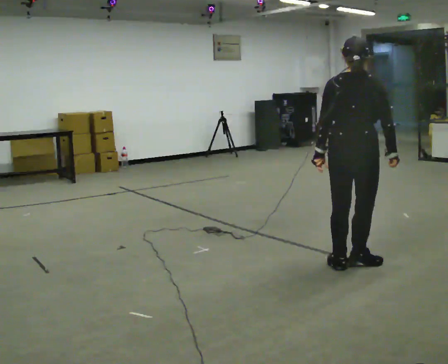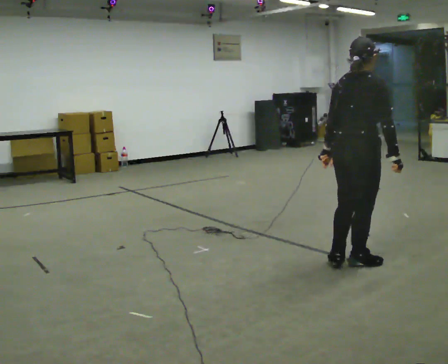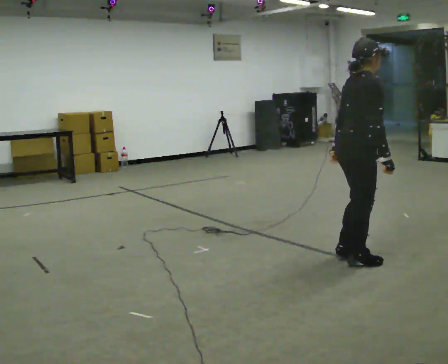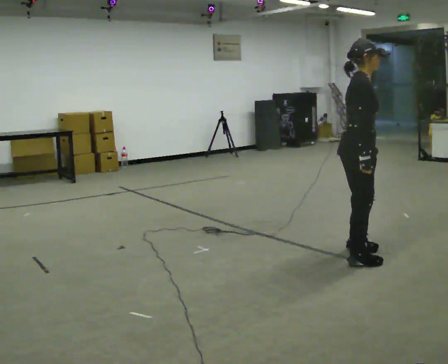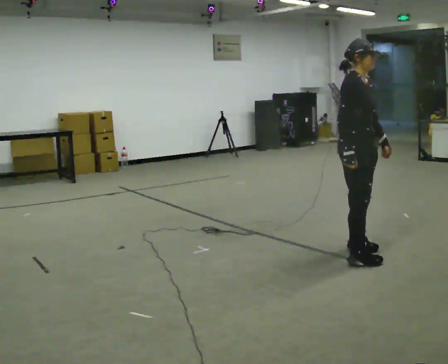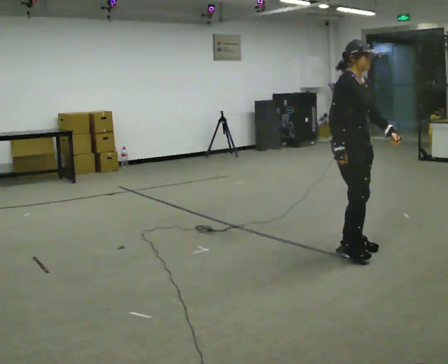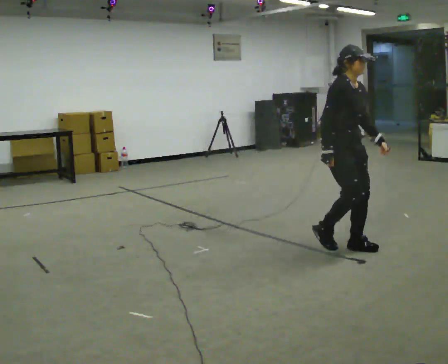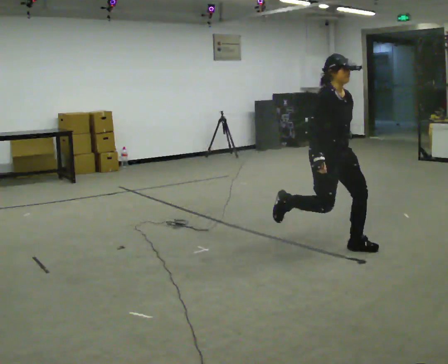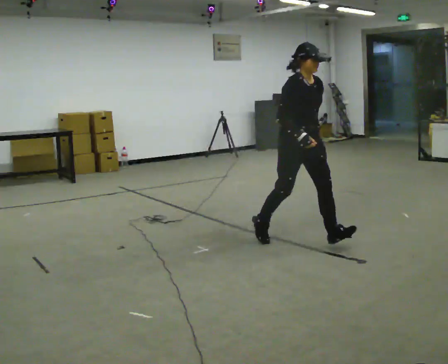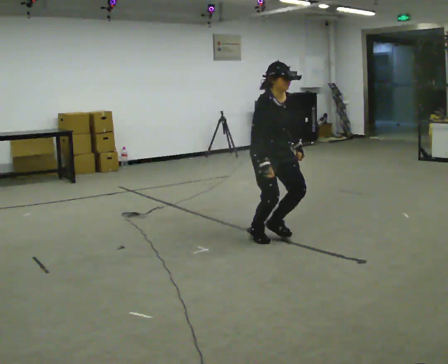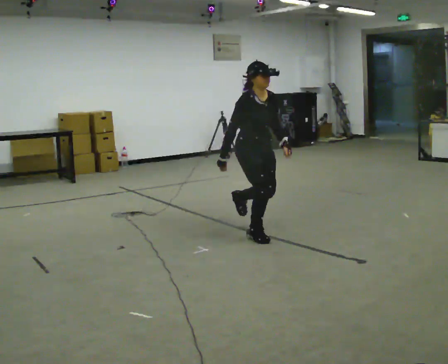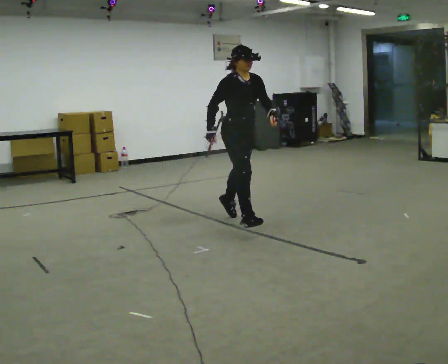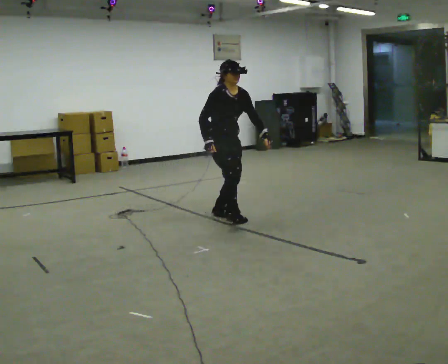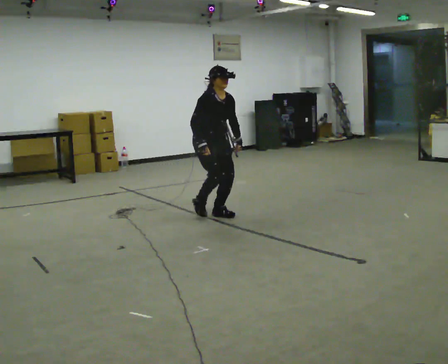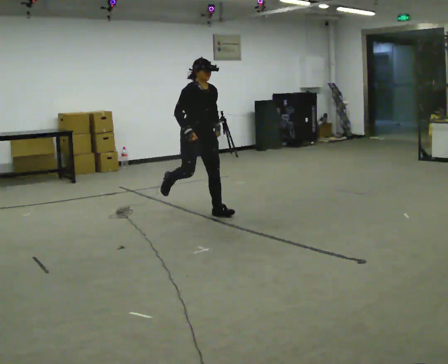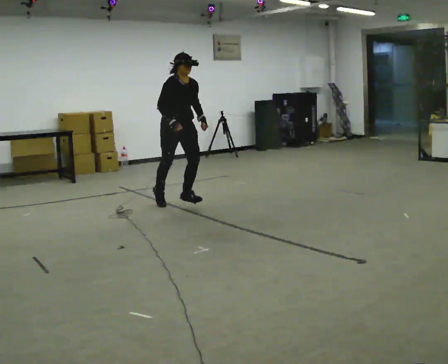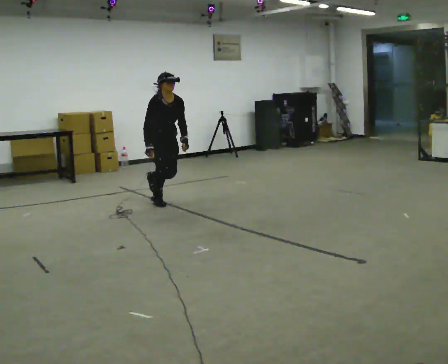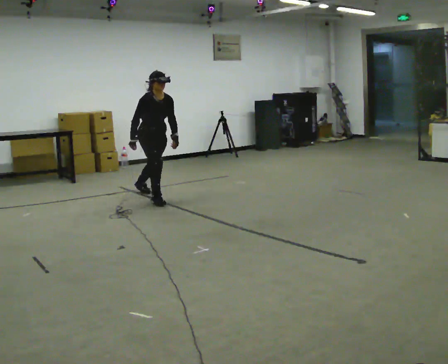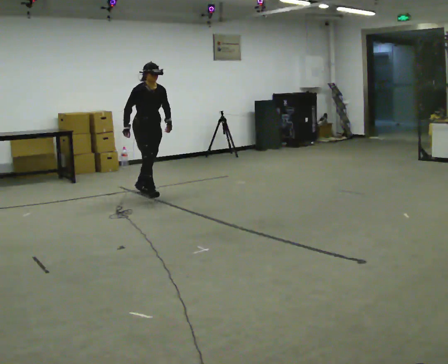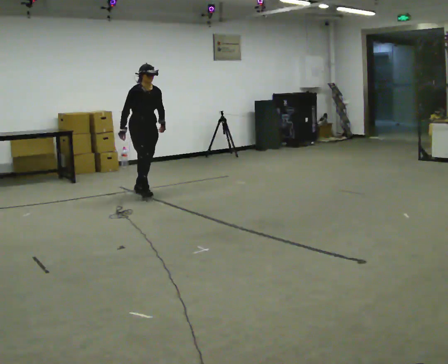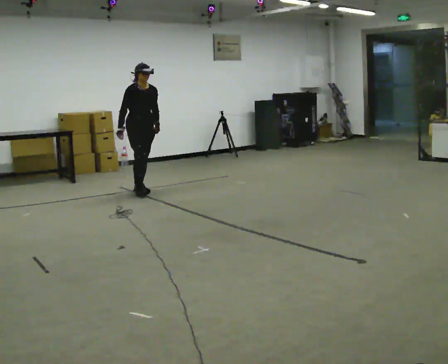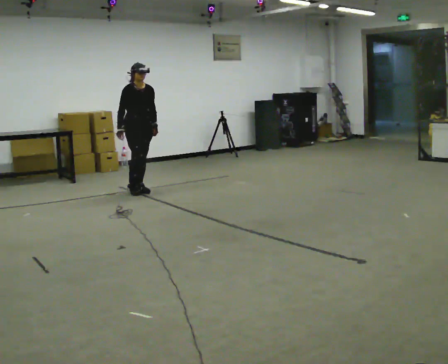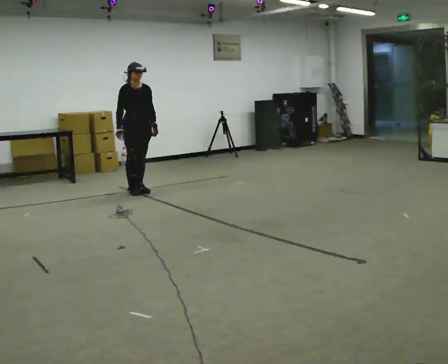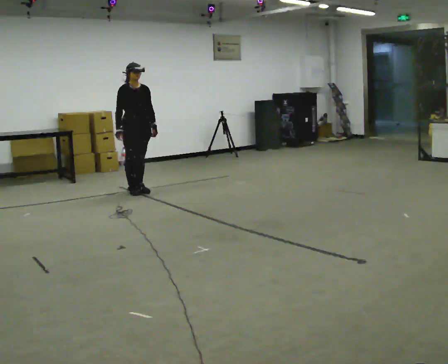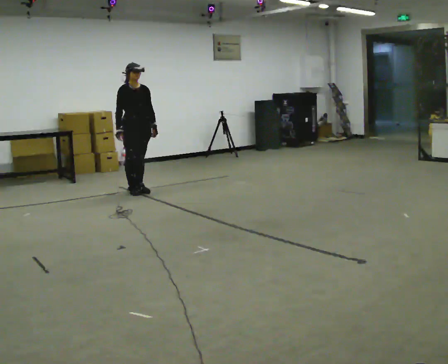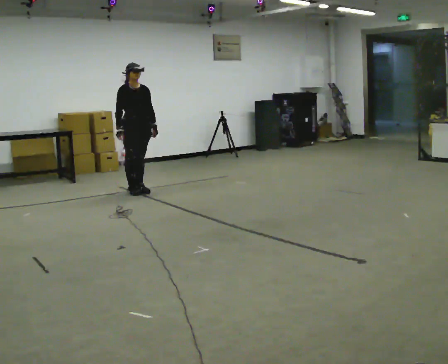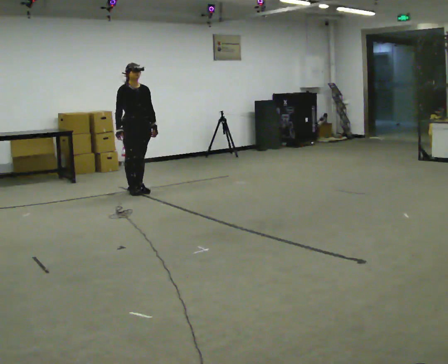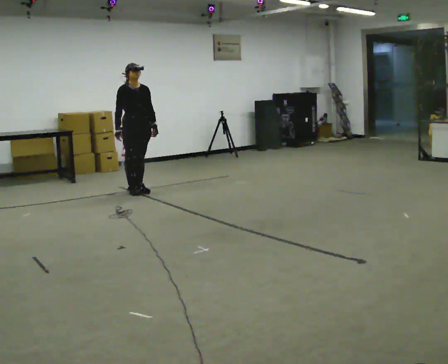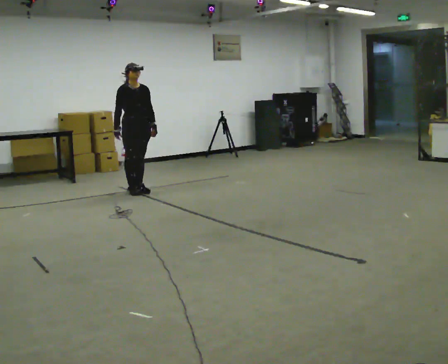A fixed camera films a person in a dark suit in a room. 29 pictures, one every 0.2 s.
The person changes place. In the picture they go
away from the camera.
0.0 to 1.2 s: The part of the body nearest the lens slides to the left as the person turns to their right by about 105 degrees. In the picture they go away from the camera, about 0.5 m in 2 steps.
1.2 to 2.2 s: In the picture they go away from the camera and to the left, about 1 m in 2 steps, which for them is backward.
2.2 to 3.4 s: In the picture they go away from the camera and to the left, about 1.5 m in 1 step, which for them is backward. In the picture their left hand goes downward.
3.4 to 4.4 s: In the picture they go away from the camera and to the left, about 0.5 m in 1 step, which for them is backward.
4.4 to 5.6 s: The person moves a little, or ends about where they began.
The film runs backward here.
